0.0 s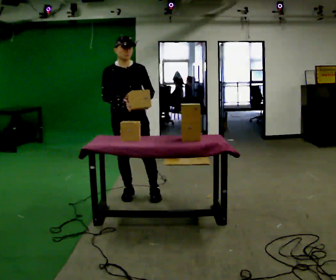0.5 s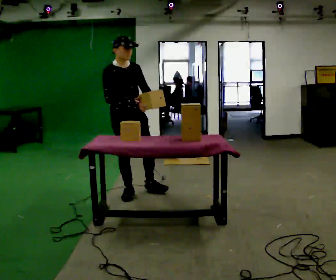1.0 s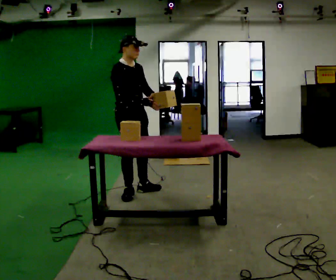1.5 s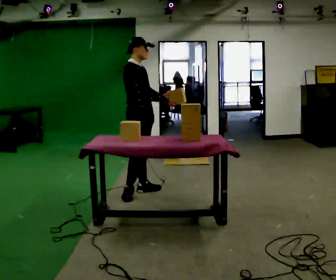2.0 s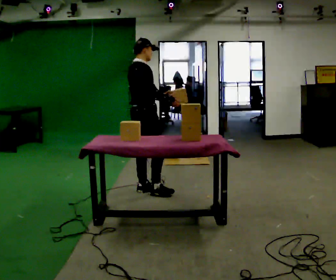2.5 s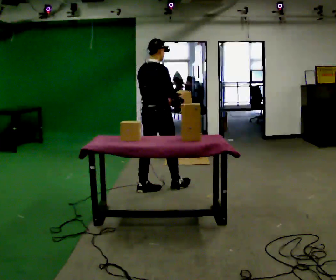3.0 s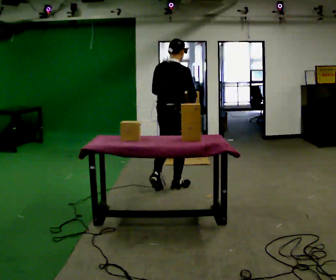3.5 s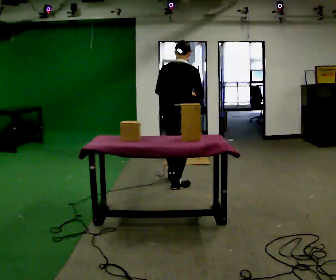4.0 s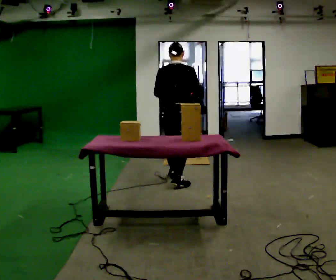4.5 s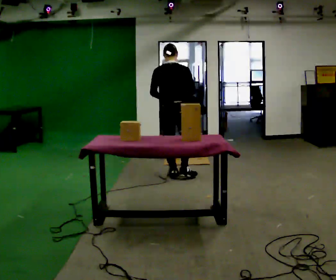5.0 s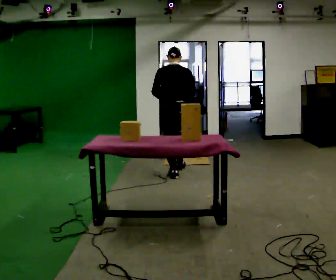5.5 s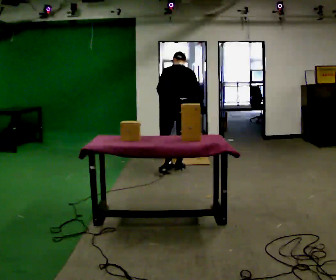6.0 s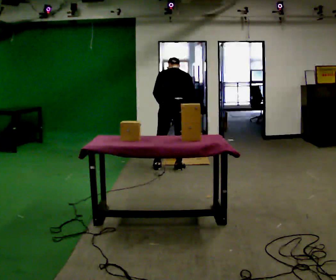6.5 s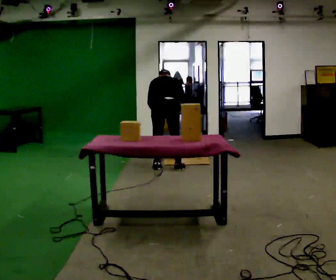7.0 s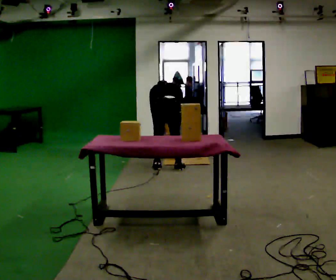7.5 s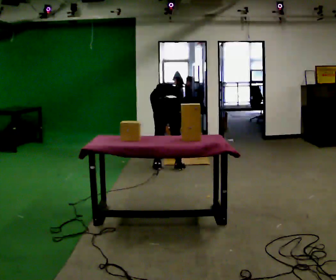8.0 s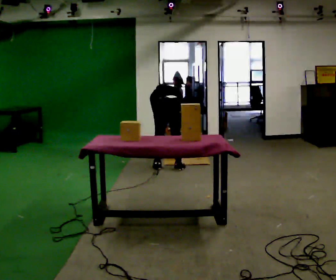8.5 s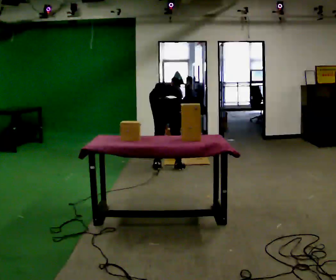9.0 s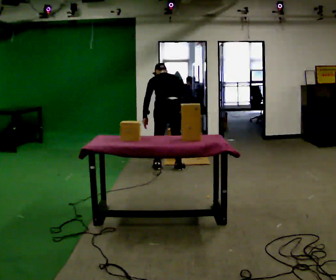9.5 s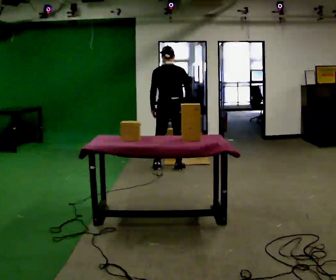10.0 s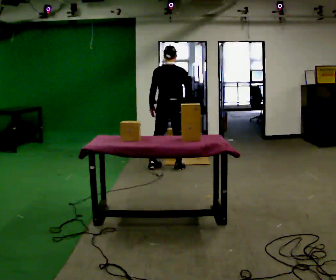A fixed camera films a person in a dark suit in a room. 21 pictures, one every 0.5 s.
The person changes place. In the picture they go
away from the camera.
The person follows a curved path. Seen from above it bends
counterclockwise.
0.0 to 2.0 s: The person turns about 90 degrees to their left, counterclockwise seen from above, so the part of the body nearest the lens slides to the right. In the picture they go away from the camera, about 0.25 m in 1 step.
2.0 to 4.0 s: Seen from above the body turns counterclockwise, about 60 degrees: to their left, with its near side sliding to the right. In the picture they go to the right and away from the camera, about 0.5 m in 2 steps, which for them is forward.
4.0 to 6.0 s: In the picture they go away from the camera, about 0.5 m in 2 steps, which for them is forward. The upper body tips away from the camera, its near side rolling upward, as they bend forward.
6.0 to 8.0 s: The shoulders move downward. The upper body tips away from the camera, its near side rolling upward, as they bend forward. In the picture their left hand goes downward.
8.0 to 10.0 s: The upper body goes upward. The upper body tips toward the camera, its near side rolling downward, as they lean back or straighten. In the picture their left hand goes upward.
The film runs forward here.
